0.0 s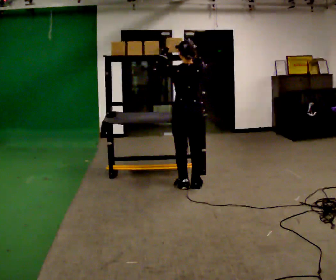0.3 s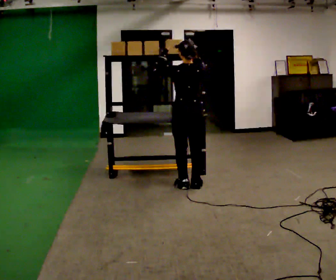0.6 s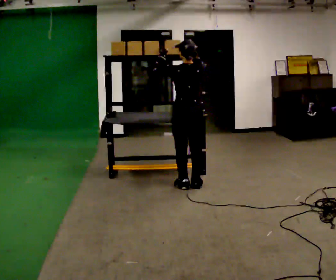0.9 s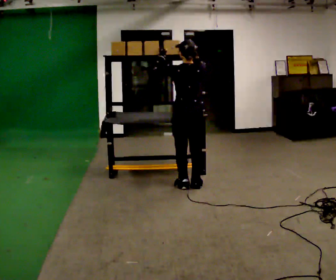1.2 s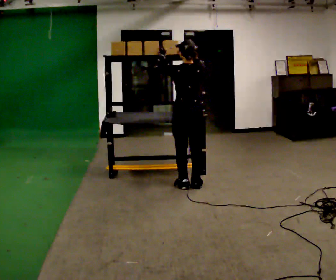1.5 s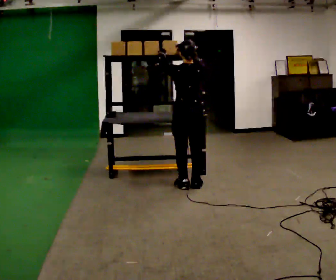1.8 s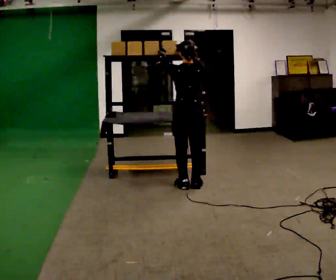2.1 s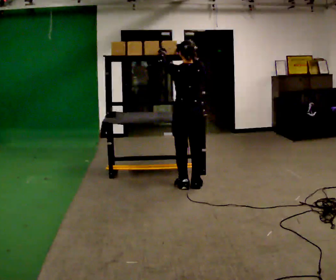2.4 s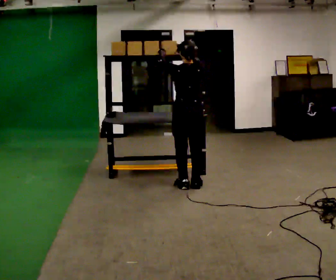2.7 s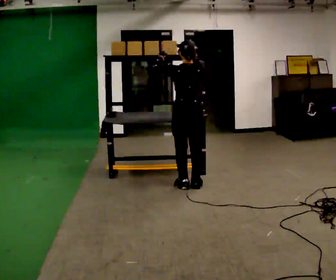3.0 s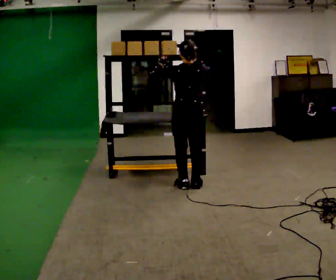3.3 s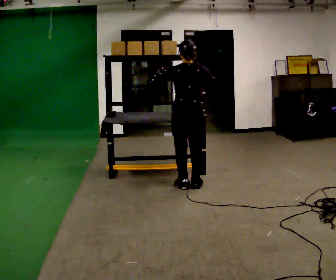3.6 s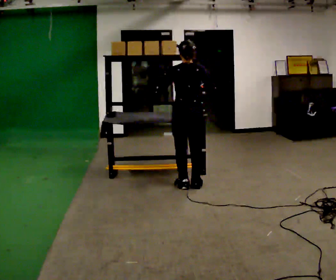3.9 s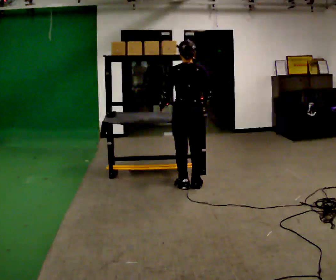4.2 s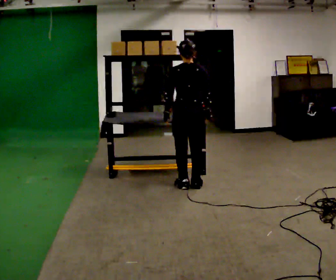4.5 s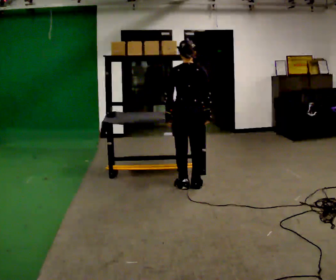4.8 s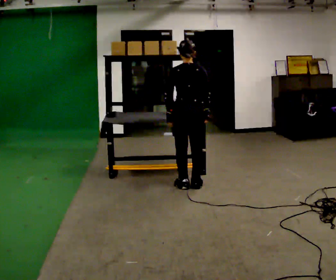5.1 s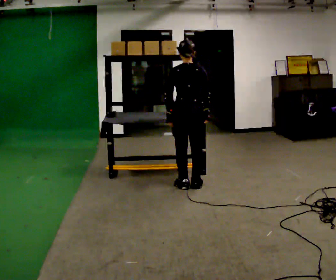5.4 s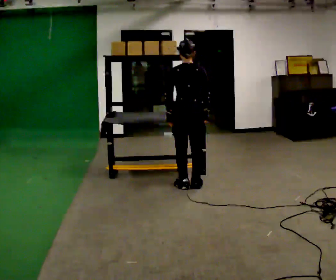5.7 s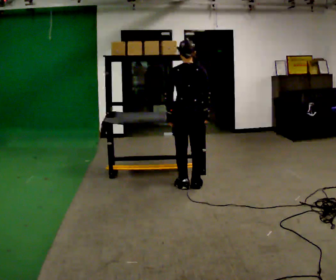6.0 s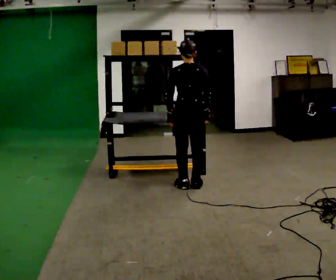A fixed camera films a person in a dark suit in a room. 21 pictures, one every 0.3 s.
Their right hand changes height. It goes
downward.
Their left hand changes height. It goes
downward.
0.0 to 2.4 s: The person moves a little, or ends about where they began.
2.4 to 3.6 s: In the picture their right hand goes downward.
3.6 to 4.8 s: The person moves a little, or ends about where they began.
4.8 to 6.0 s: The person keeps their place and pose.
The film runs forward here.
